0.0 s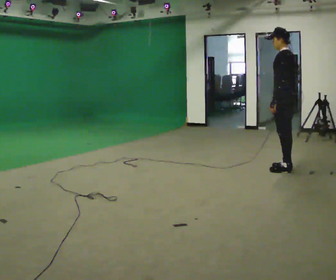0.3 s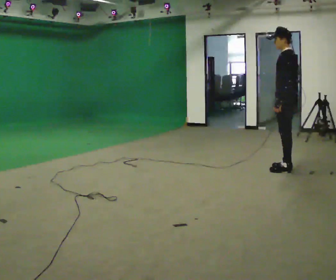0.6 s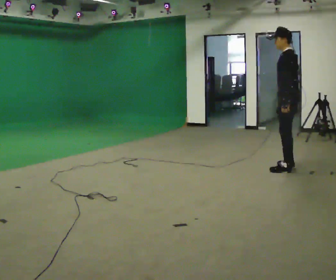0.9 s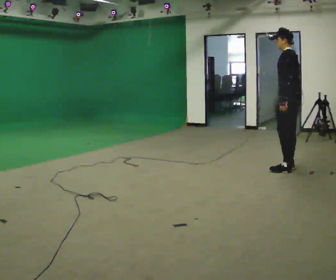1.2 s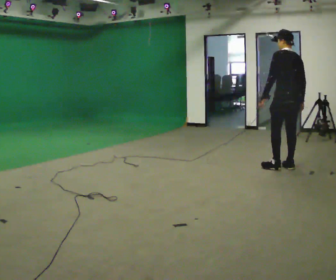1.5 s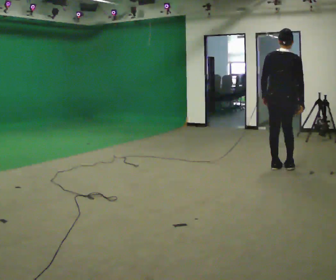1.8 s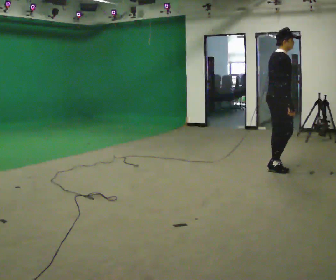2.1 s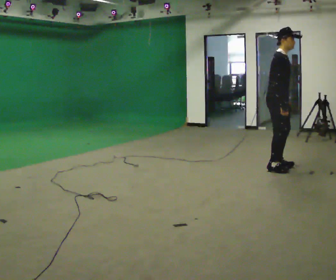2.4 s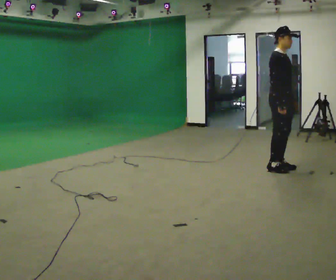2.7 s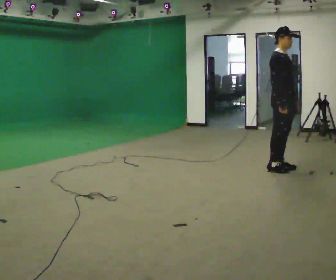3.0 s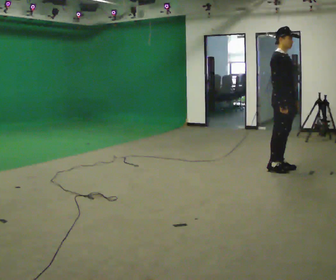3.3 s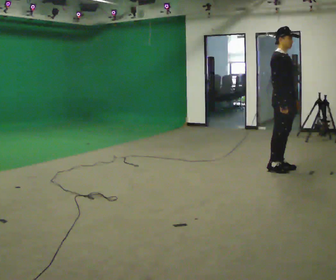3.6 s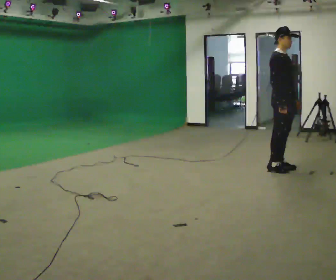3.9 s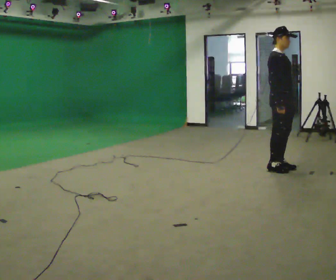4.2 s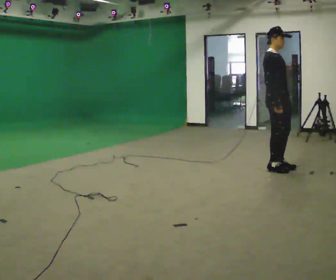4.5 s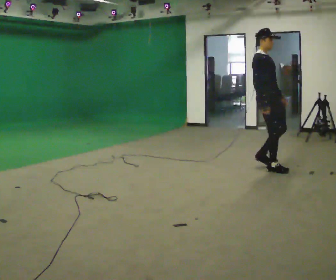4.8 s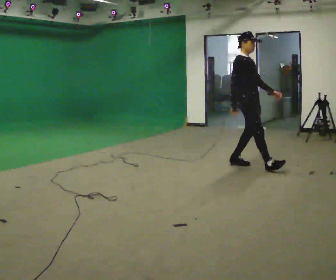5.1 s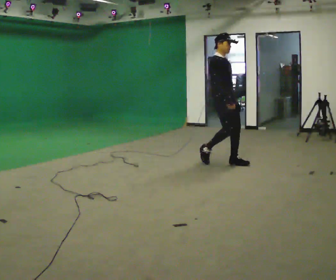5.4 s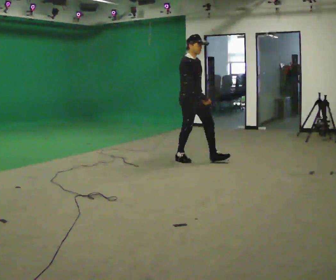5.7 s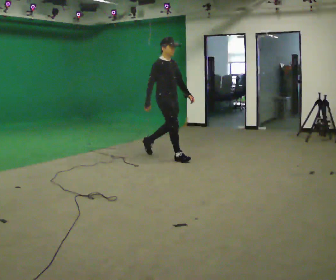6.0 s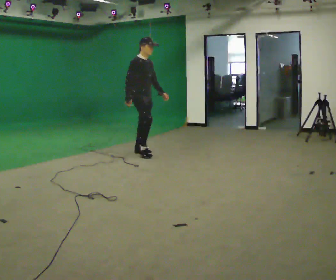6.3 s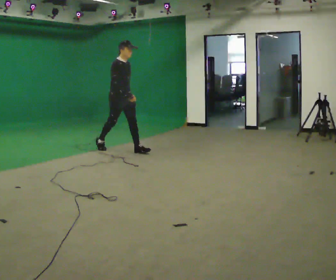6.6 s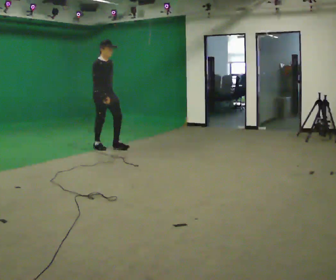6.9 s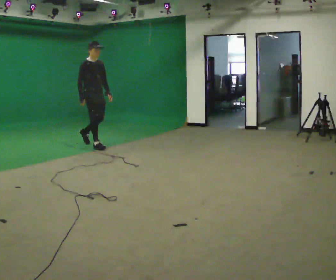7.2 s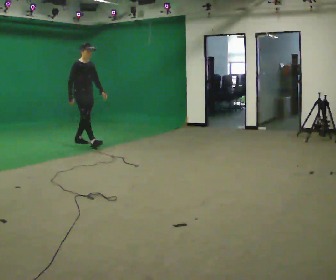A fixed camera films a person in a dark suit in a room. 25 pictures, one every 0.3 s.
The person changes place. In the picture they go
to the left.
The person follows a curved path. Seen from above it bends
clockwise.
0.0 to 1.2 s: The person turns about 30 degrees to their right, clockwise seen from above, so the part of the body nearest the lens slides to the left.
1.2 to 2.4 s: Seen from above the body turns clockwise, about 150 degrees: to their right, with its near side sliding to the left. In the picture they go to the left, about 0.25 m in 1 step.
2.4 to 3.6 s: The person moves a little, or ends about where they began.
3.6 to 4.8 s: In the picture they go to the left, about 0.5 m in 2 steps, which for them is backward.
4.8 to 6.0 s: In the picture they go to the left, about 1.5 m in 2 steps, which for them is backward.
6.0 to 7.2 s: In the picture they go to the left, about 1 m in 2 steps, which for them is backward.
The film runs backward here.
